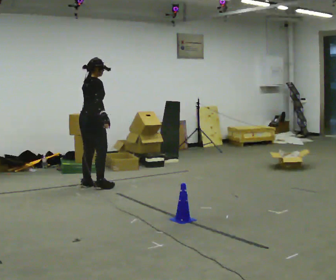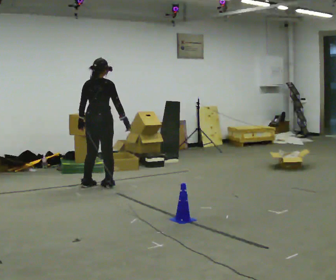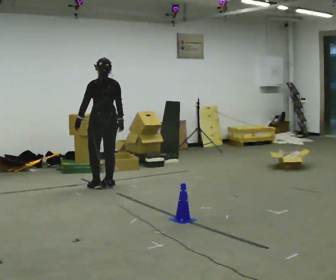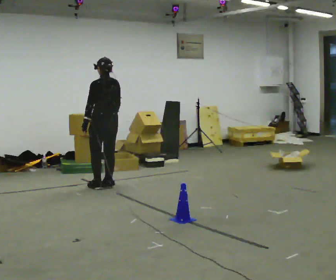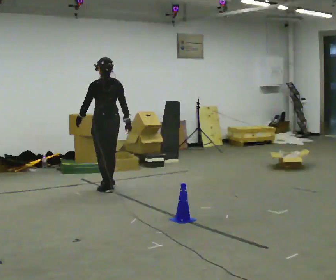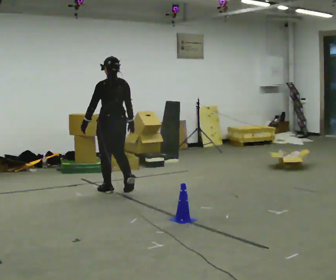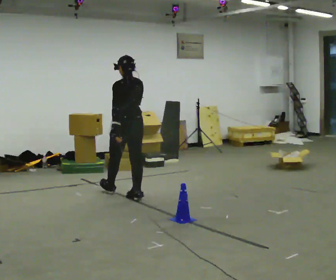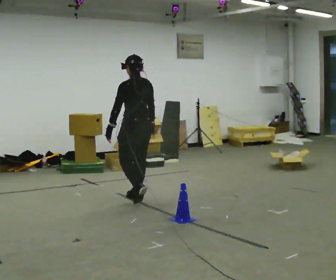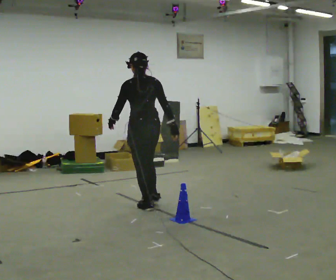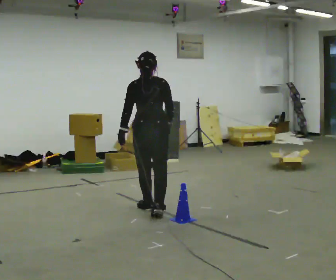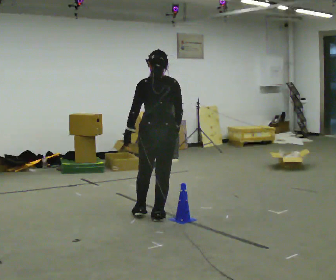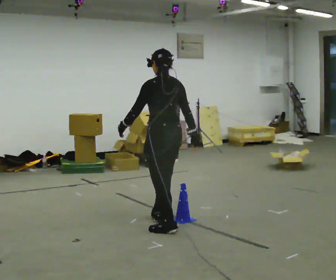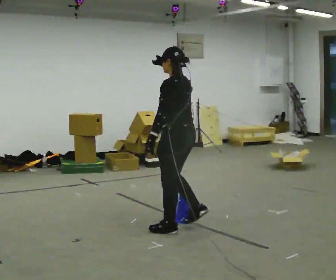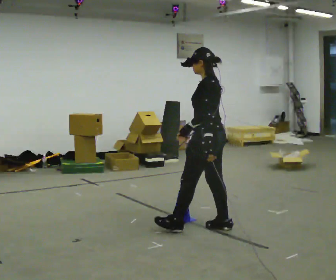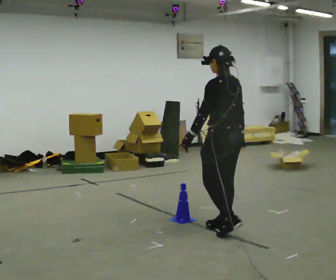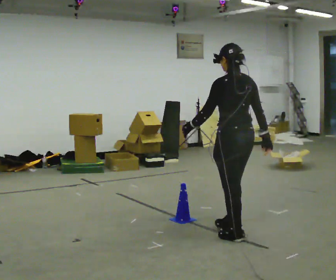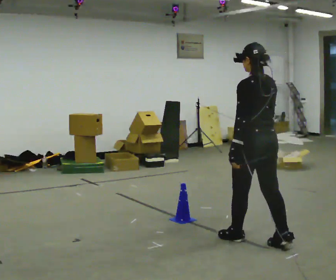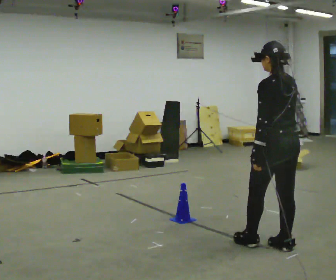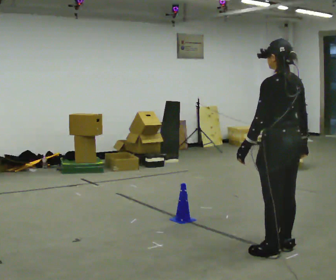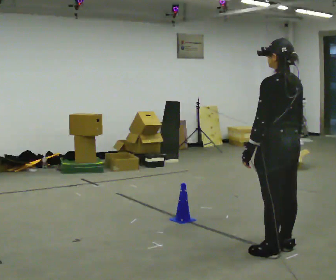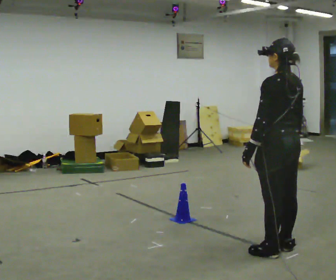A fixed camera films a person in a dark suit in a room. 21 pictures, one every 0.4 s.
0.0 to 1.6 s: Seen from above the body turns counterclockwise, about 90 degrees: to their left, with its near side sliding to the right. In the picture they go to the right, about 0.25 m in 2 steps.
1.6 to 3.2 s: In the picture they go toward the camera and to the right, about 1 m in 3 steps, which for them is backward.
3.2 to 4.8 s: The part of the body nearest the lens slides to the right as the person turns to their left by about 30 degrees. In the picture they go toward the camera and to the right, about 1 m in 2 steps.
4.8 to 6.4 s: The person turns about 30 degrees to their right, clockwise seen from above, so the part of the body nearest the lens slides to the left. In the picture they go to the right and toward the camera, about 0.5 m in 2 steps, which for them is backward.
6.4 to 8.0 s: In the picture they go toward the camera, about 0.25 m in 1 step, which for them is backward.
The film runs backward here.
